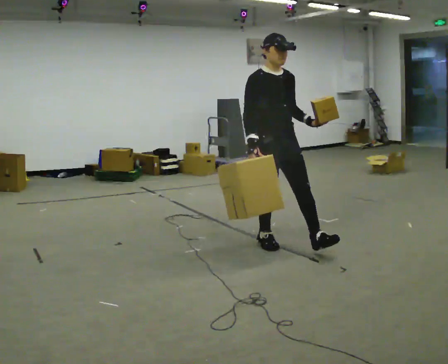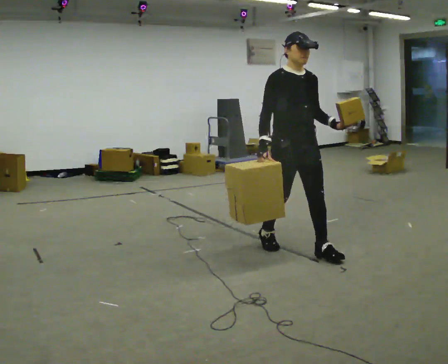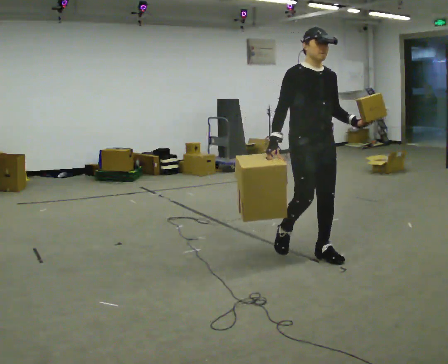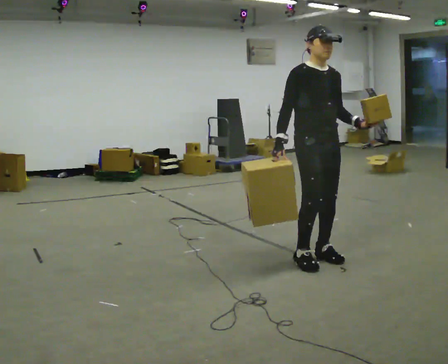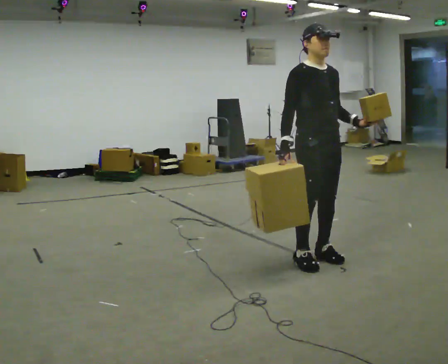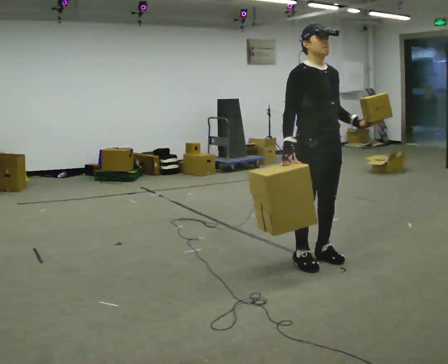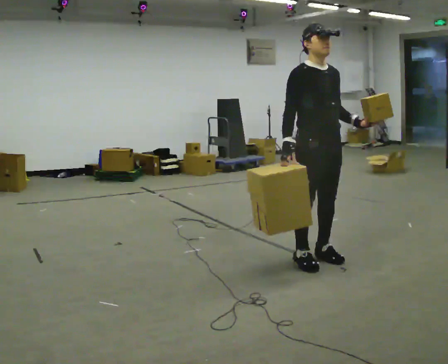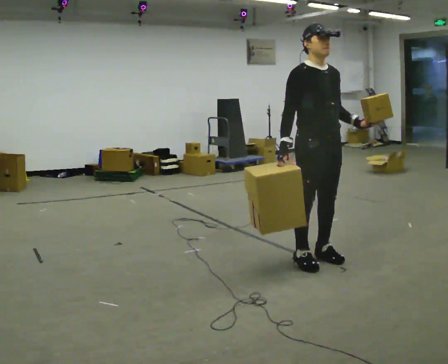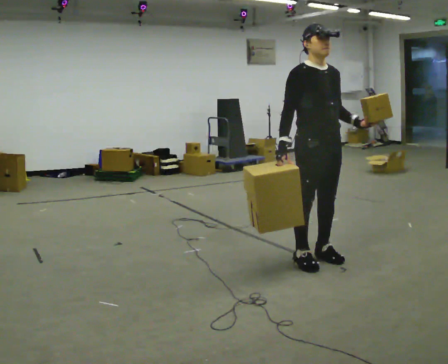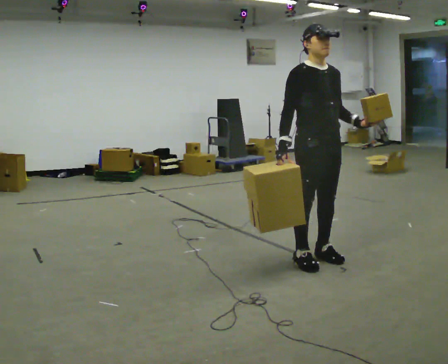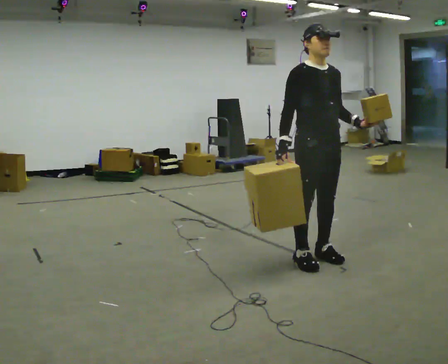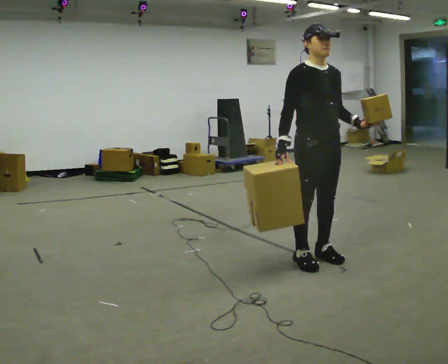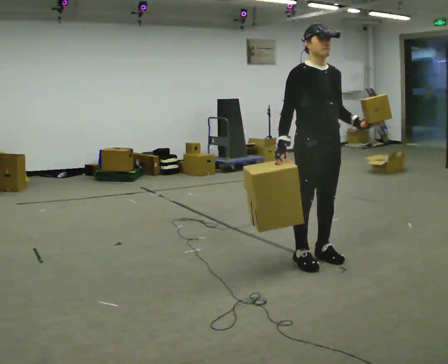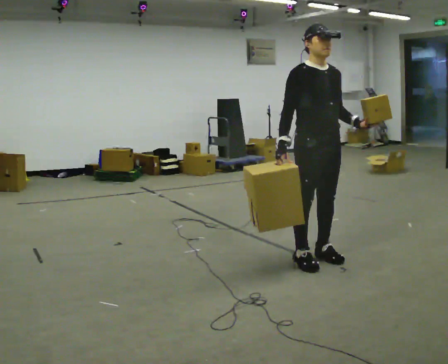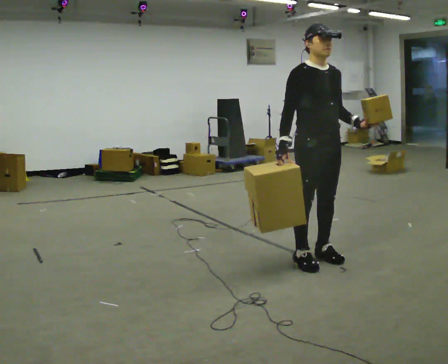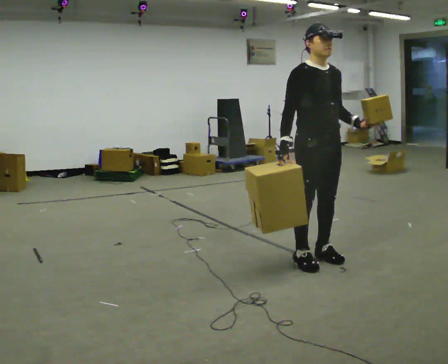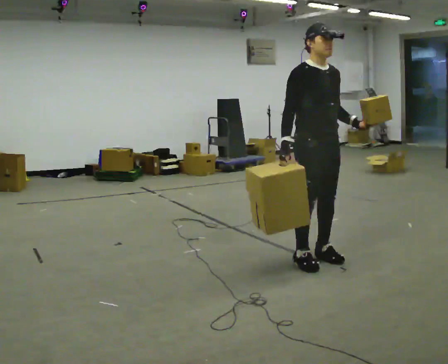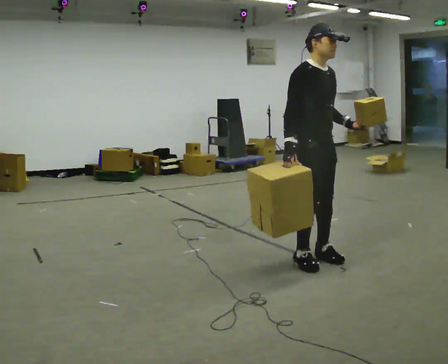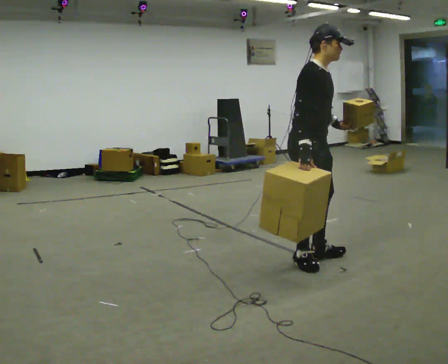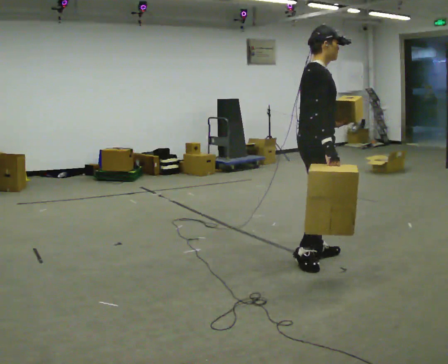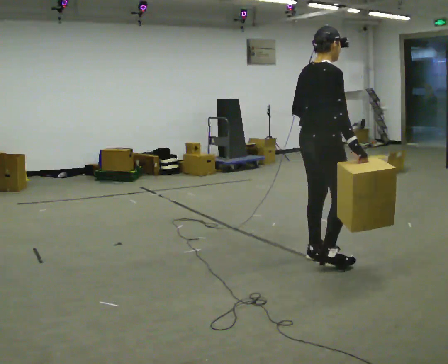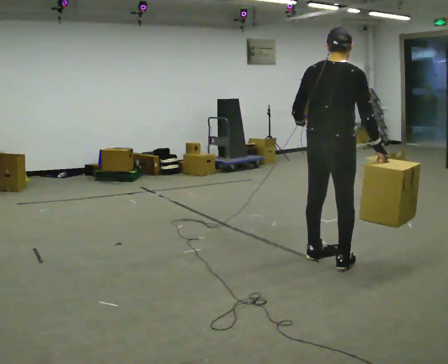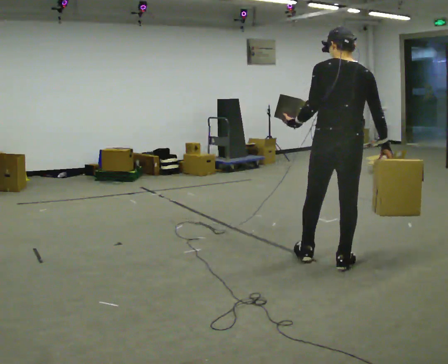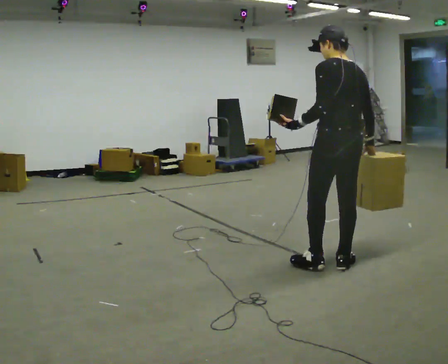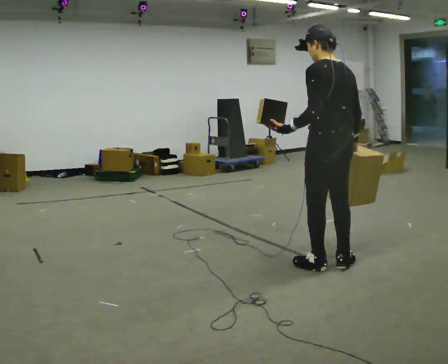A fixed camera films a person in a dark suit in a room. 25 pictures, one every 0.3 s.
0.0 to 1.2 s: In the picture they go toward the camera and to the right, about 0.5 m in 2 steps, which for them is forward.
1.2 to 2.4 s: The person moves a little, or ends about where they began.
2.4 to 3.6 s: The person keeps their place and pose.
3.6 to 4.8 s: The person moves a little, or ends about where they began.
4.8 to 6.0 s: The person turns about 90 degrees to their left, counterclockwise seen from above, so the part of the body nearest the lens slides to the right. In the picture their left hand goes to the left, the arm swinging clockwise.
6.0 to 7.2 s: Seen from above the body turns counterclockwise, about 90 degrees: to their left, with its near side sliding to the right.
The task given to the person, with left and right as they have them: Carry one object in each hand, the heavy one in the hand the operator calls, walking back and forth across the room.
The film runs forward here.
